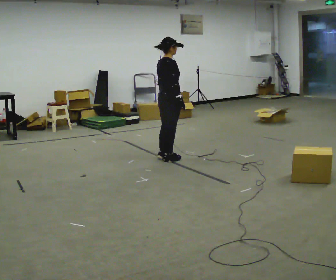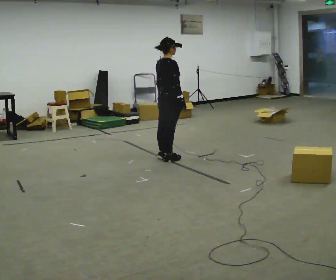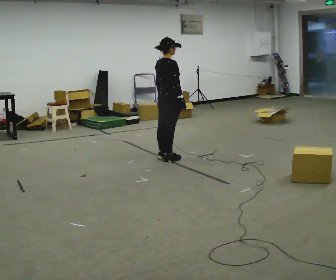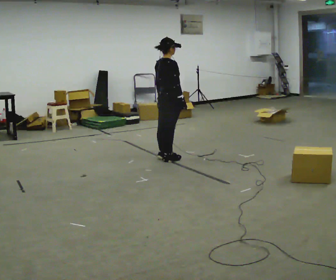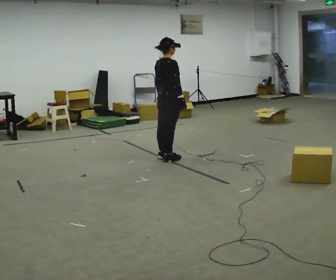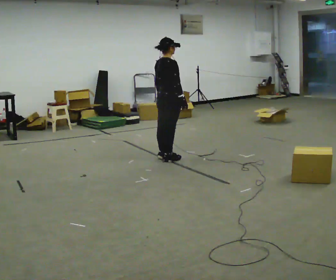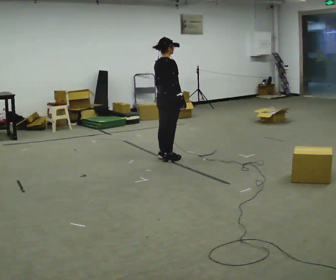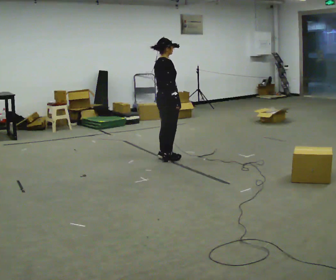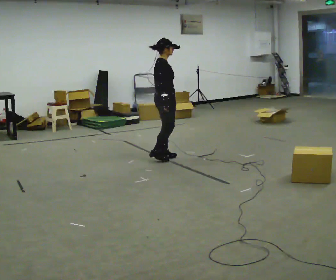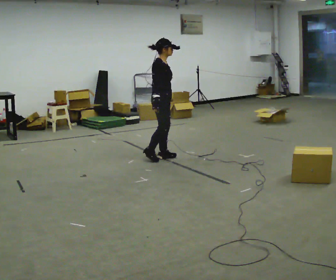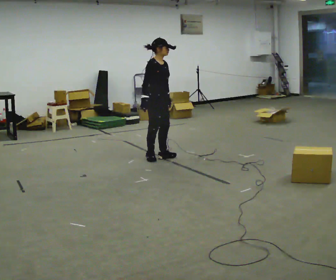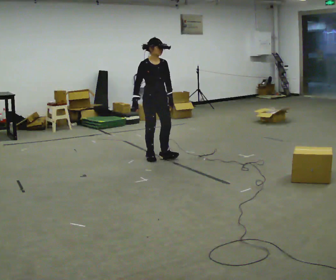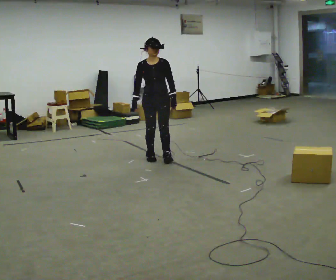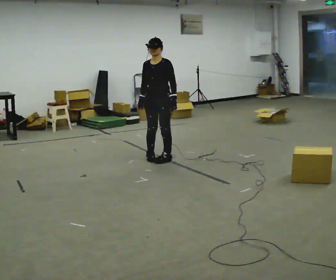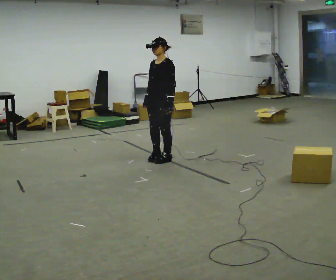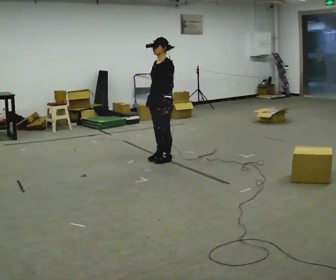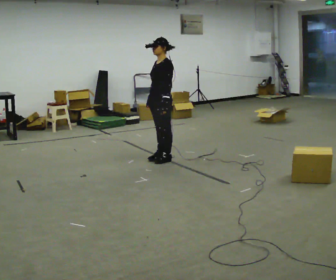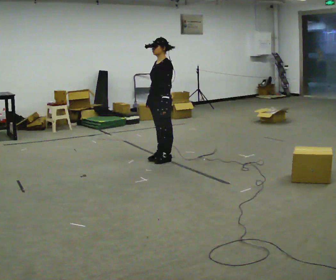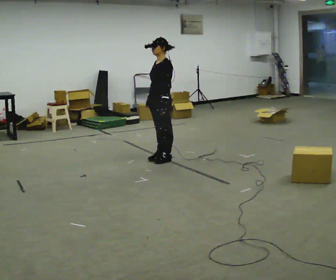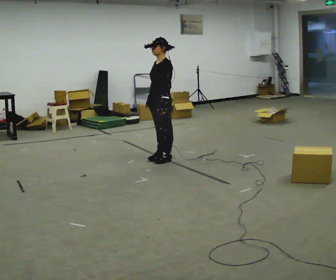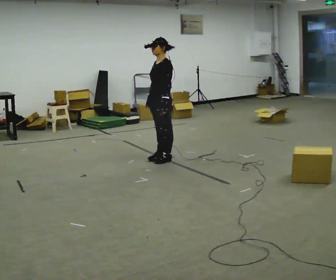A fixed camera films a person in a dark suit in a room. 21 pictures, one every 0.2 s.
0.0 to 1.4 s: The person moves a little, or ends about where they began.
1.4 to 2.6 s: Seen from above the body turns clockwise, about 135 degrees: to their right, with its near side sliding to the left. In the picture their right hand goes to the left, the arm swinging clockwise.
2.6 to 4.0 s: Seen from above the body turns clockwise, about 45 degrees: to their right, with its near side sliding to the left.
The film runs backward here.
